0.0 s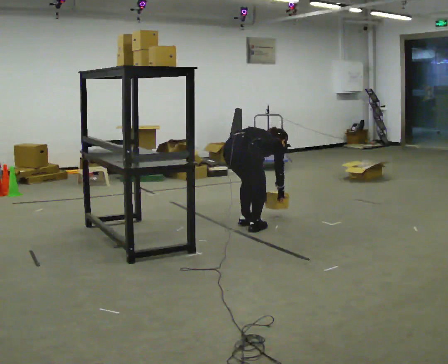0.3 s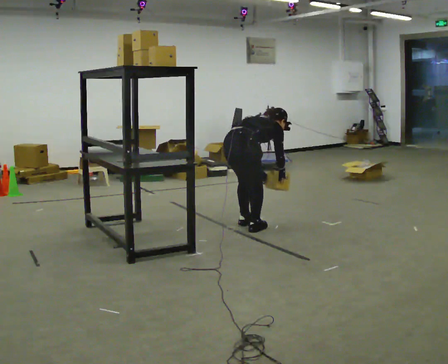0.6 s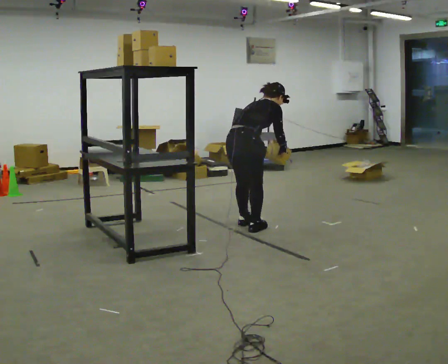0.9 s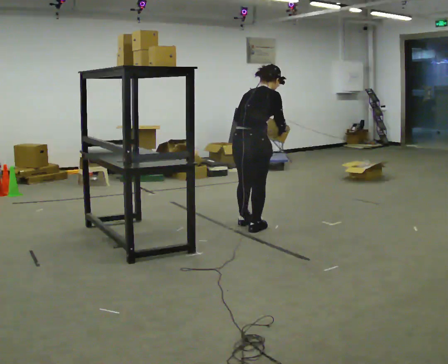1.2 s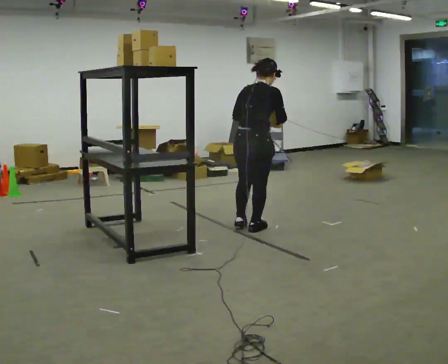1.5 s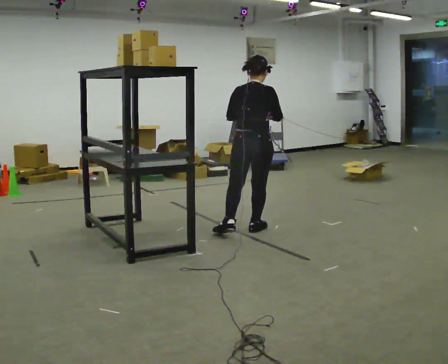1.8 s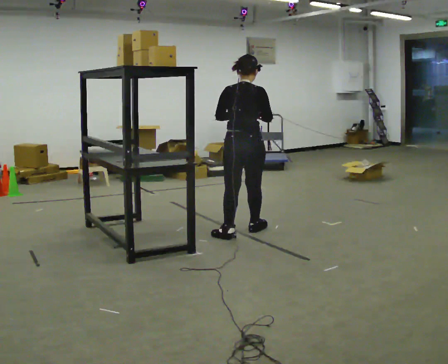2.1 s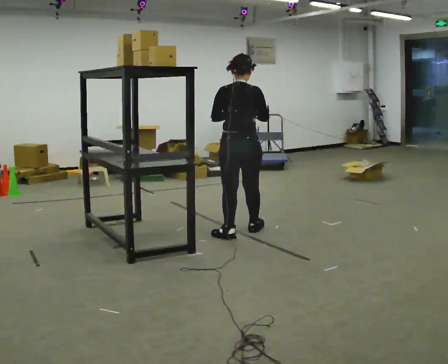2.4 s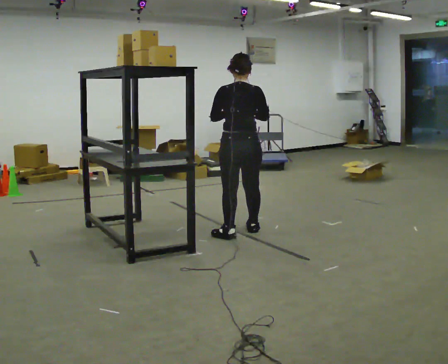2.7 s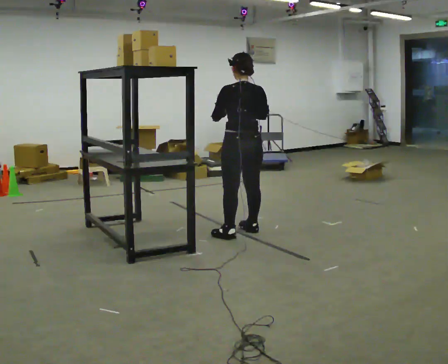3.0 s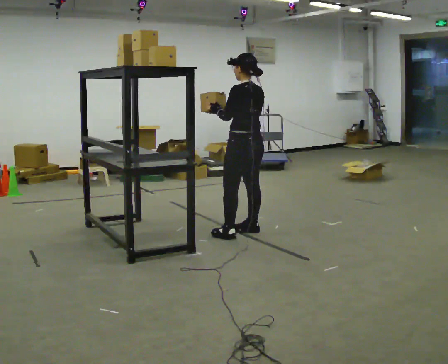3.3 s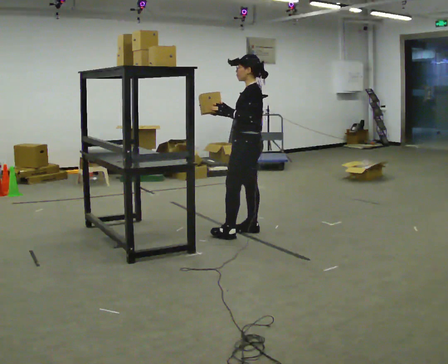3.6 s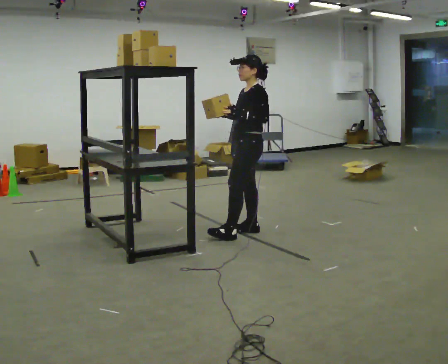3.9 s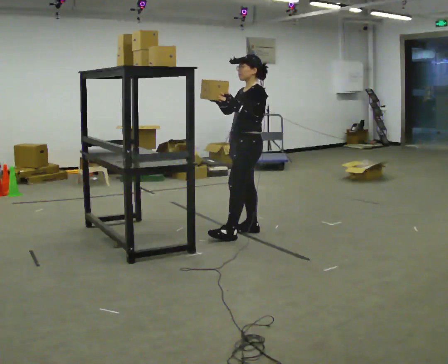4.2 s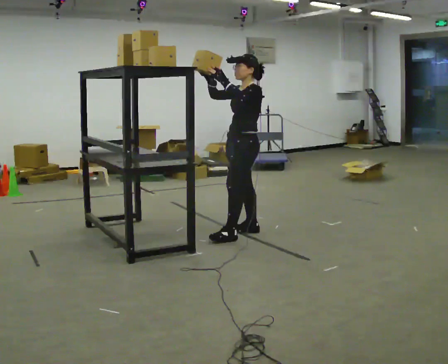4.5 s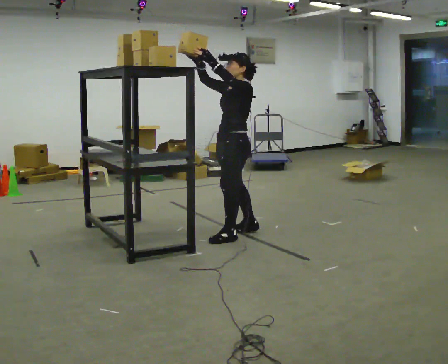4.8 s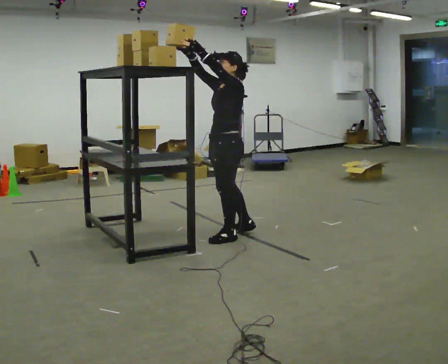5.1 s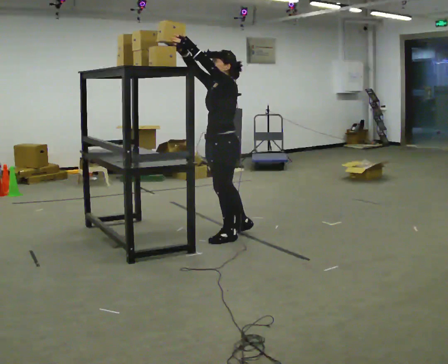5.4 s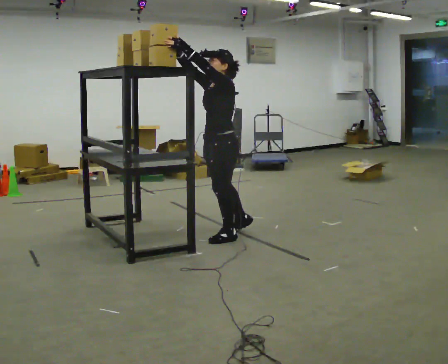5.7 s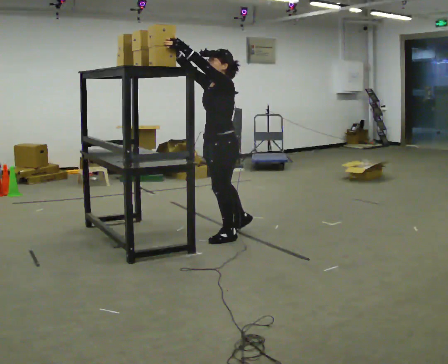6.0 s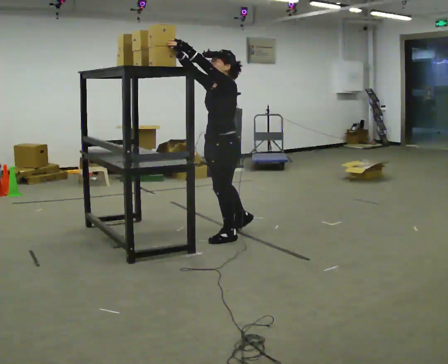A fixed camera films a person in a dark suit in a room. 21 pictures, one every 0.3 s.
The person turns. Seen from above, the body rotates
counterclockwise.
The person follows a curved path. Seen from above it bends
clockwise.
0.0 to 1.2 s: The shoulders move upward. The upper body tips toward the camera, its near side rolling downward, as they lean back or straighten. In the picture their right hand goes upward.
1.2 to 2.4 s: The person moves a little, or ends about where they began.
2.4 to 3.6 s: The person turns about 105 degrees to their left, counterclockwise seen from above, so the part of the body nearest the lens slides to the right.
3.6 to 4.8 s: In the picture they go toward the camera and to the left, about 0.25 m, which for them is forward and to their left. In the picture their right hand goes upward, the arm swinging clockwise.
4.8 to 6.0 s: The person moves a little, or ends about where they began.
The film runs backward here.
